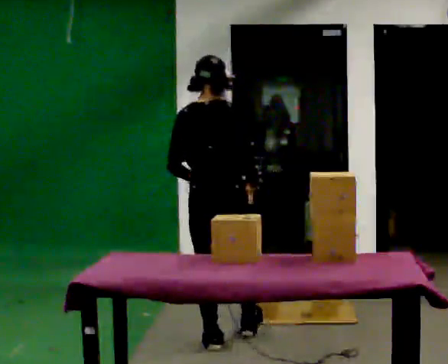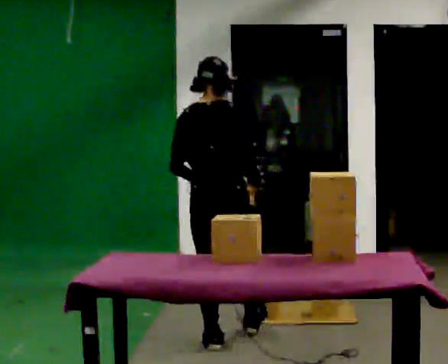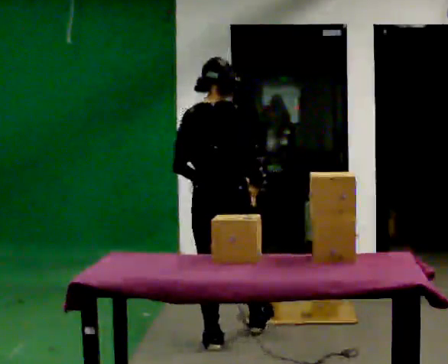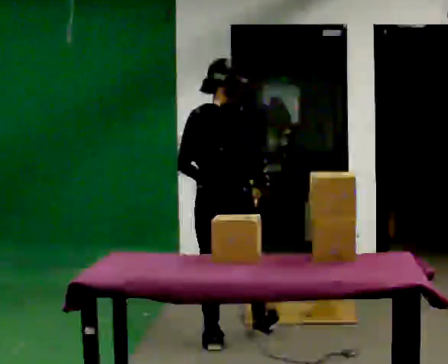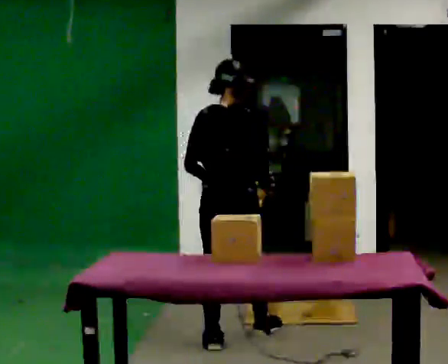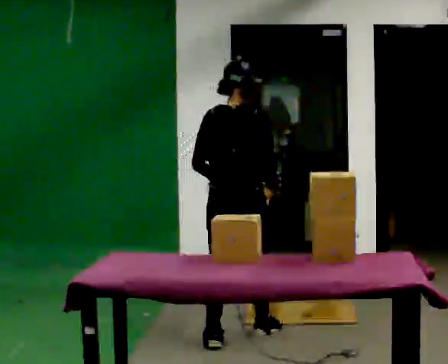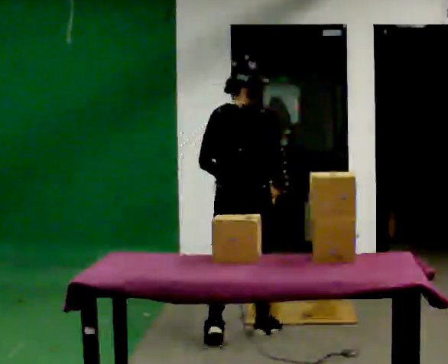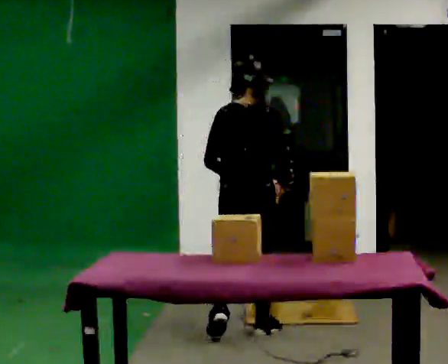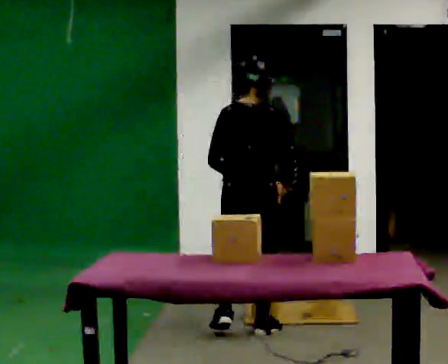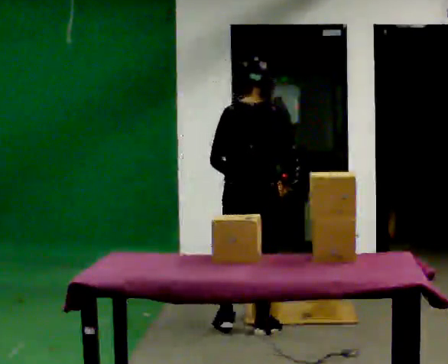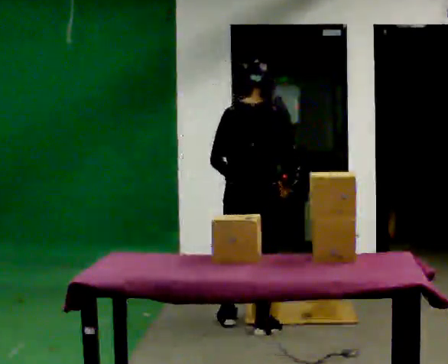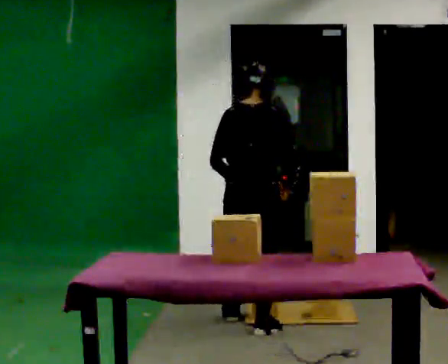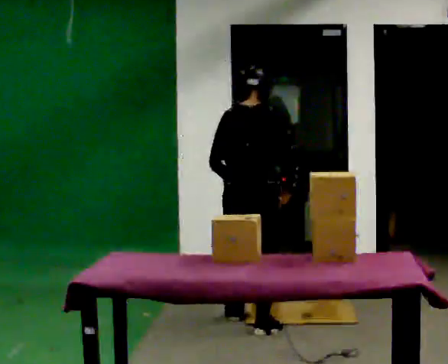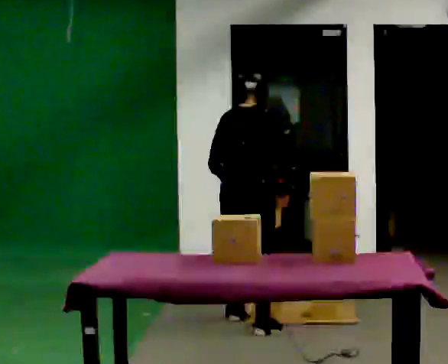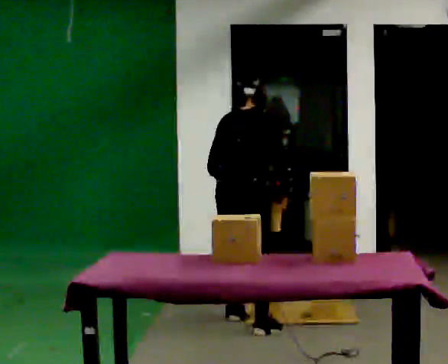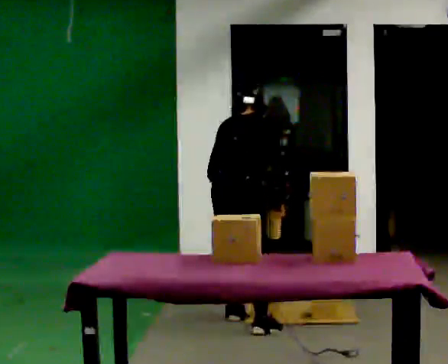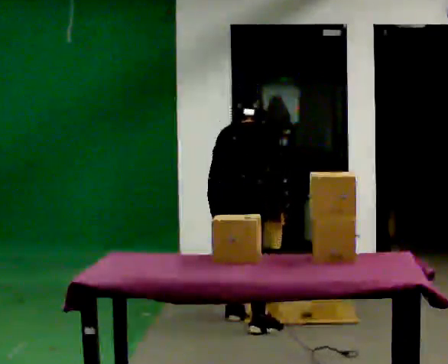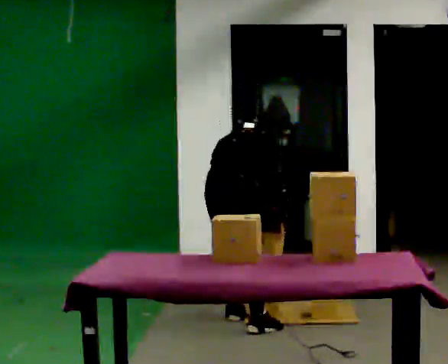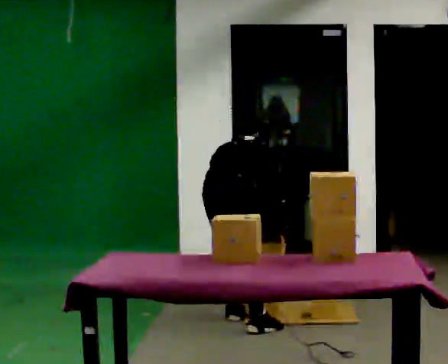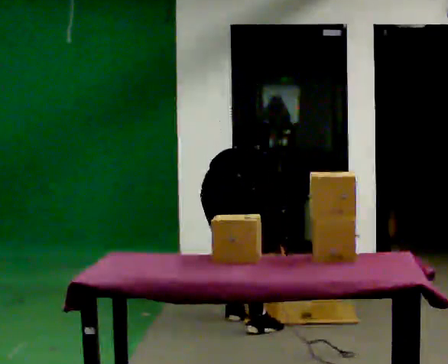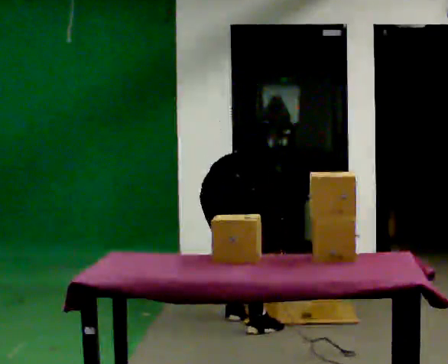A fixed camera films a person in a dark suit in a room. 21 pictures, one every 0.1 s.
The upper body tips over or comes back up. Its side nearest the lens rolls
upward.
Their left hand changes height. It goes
downward.
0.0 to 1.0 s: In the picture they go away from the camera and to the right, about 0.5 m in 1 step, which for them is forward.
1.0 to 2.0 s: In the picture they go away from the camera and to the left, about 0.25 m in 1 step, which for them is to their left. The shoulders move downward. The upper body tips away from the camera, its near side rolling upward, as they bend forward. In the picture their left hand goes downward.
The film runs forward here.
